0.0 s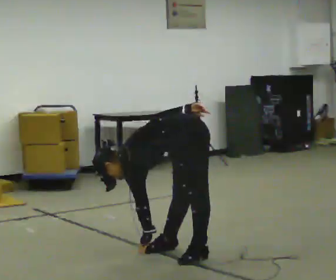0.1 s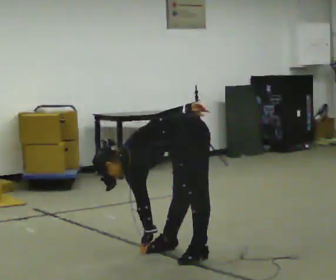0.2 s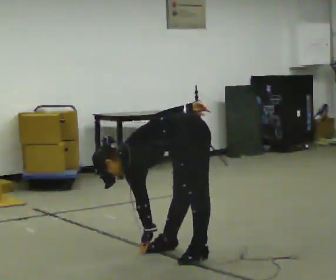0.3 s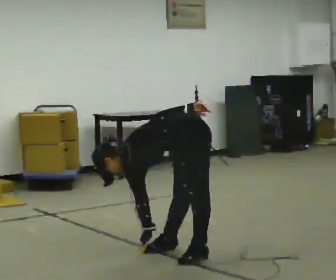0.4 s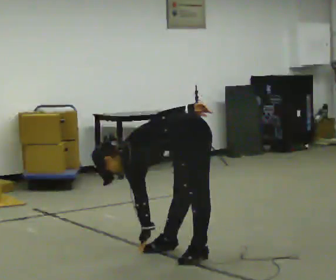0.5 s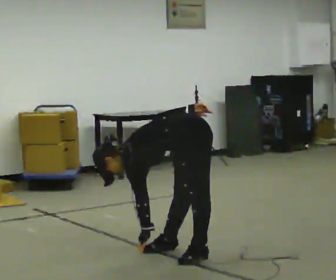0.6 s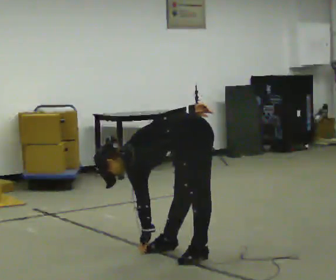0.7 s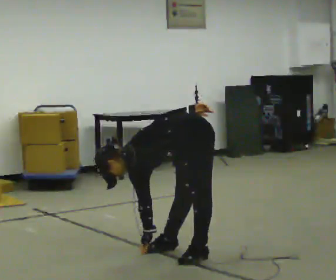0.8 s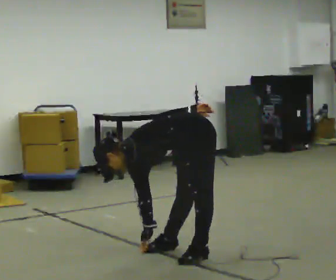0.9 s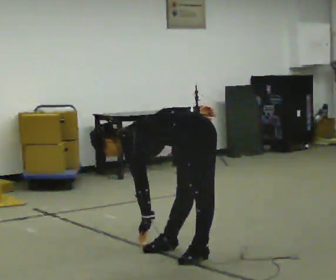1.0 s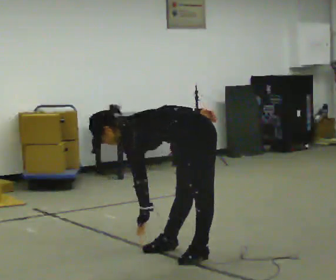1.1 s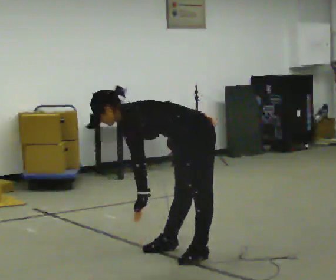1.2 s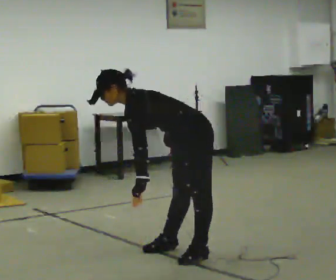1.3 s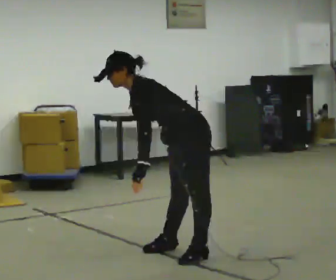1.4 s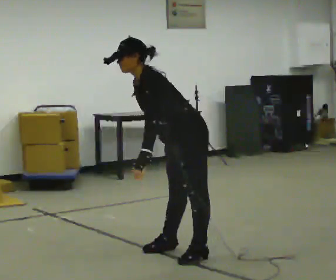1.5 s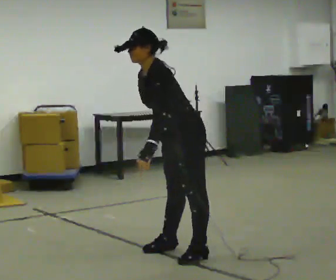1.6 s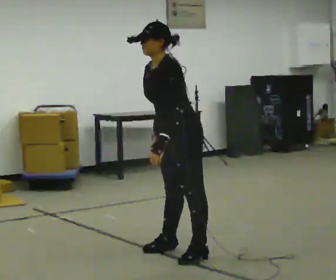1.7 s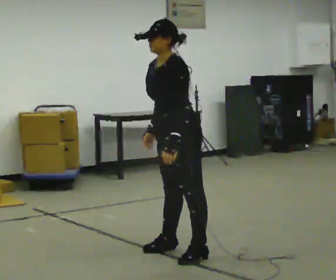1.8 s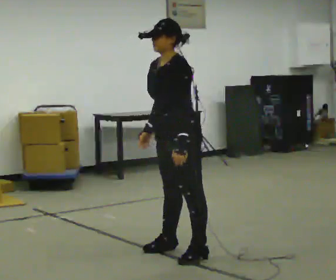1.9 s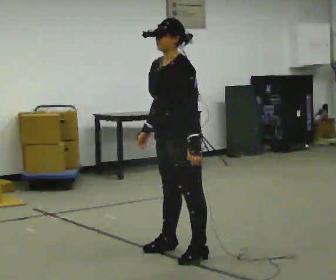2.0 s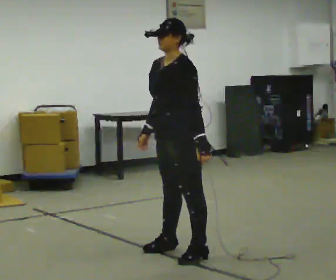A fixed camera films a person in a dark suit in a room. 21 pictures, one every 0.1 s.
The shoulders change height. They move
upward.
Their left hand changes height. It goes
upward.
0.0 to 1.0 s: The shoulders move upward. In the picture the upper body tilts clockwise, shoulders to the right, as they lean back or straighten.
1.0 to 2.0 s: The part of the body nearest the lens slides to the right as the person turns to their left by about 30 degrees. The shoulders move upward. In the picture the upper body tilts clockwise, shoulders to the right, as they lean back or straighten. In the picture their right hand goes to the left, the arm swinging clockwise.
The film runs forward here.
